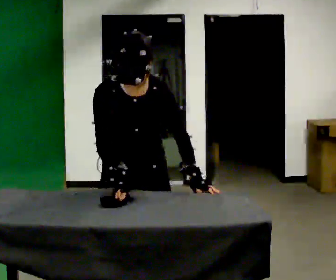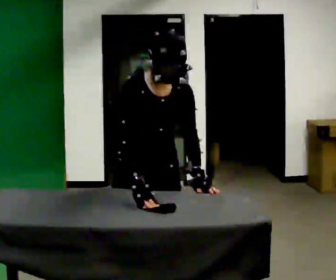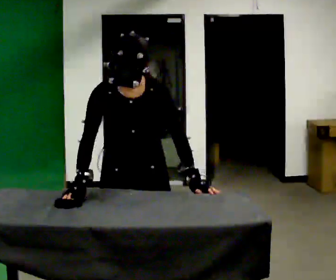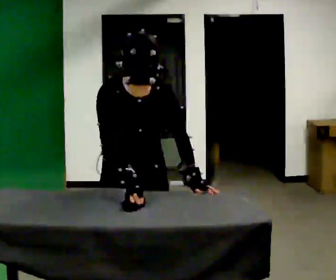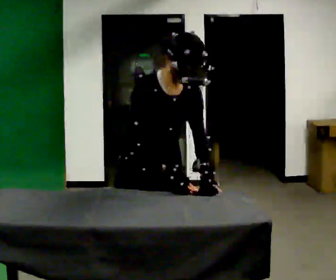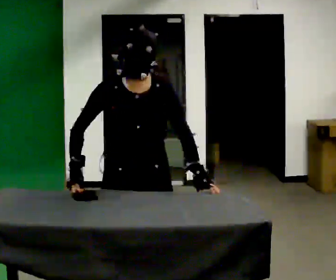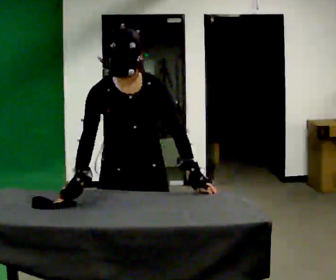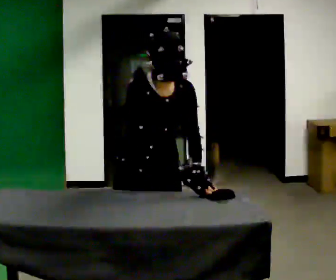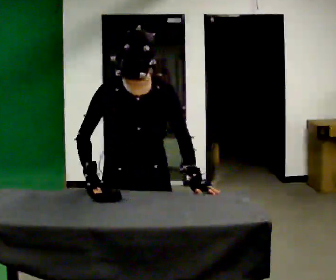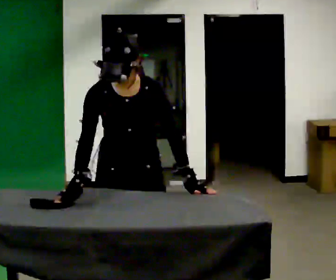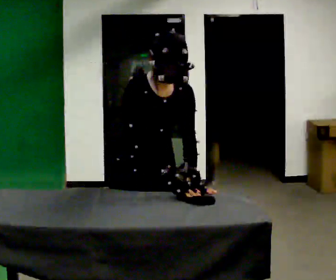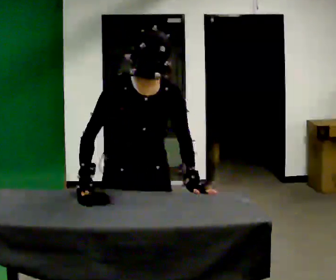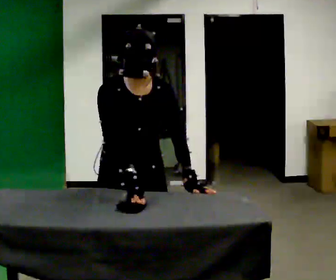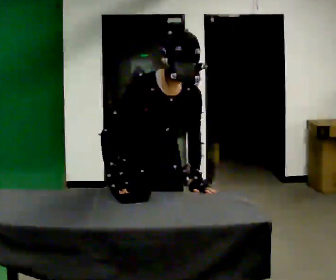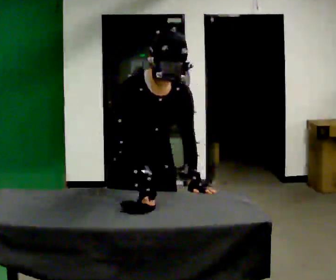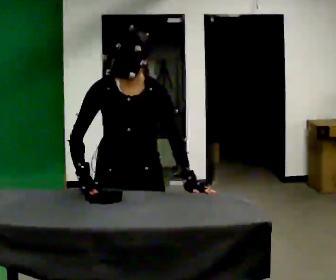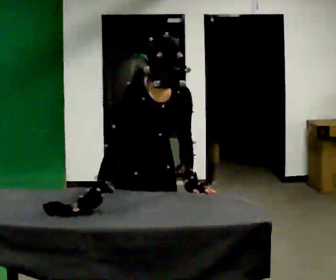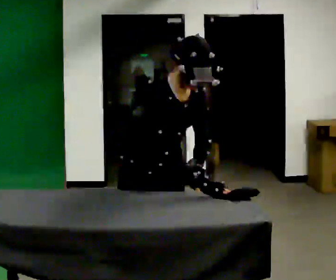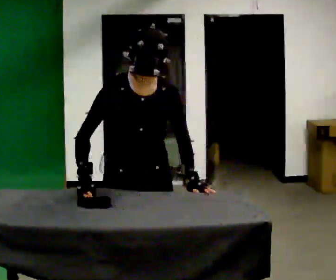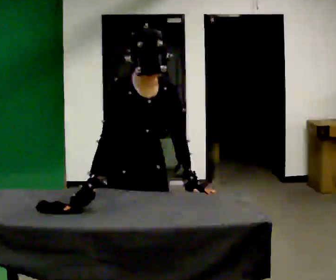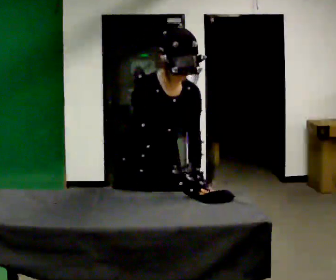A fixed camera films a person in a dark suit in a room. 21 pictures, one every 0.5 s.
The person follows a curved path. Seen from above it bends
clockwise.
0.0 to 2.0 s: The person moves a little, or ends about where they began.
2.0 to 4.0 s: In the picture their right hand goes to the left.
4.0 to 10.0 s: In the picture their right hand goes to the right.
The film runs forward here.
